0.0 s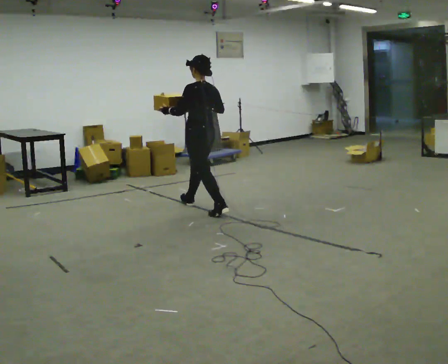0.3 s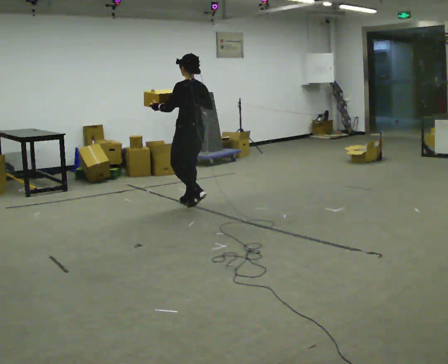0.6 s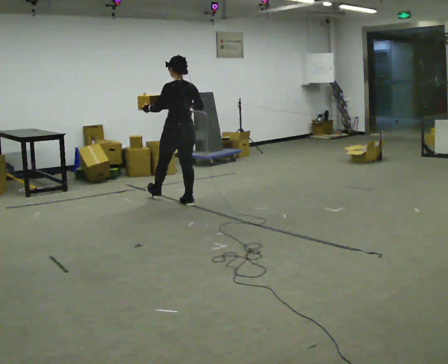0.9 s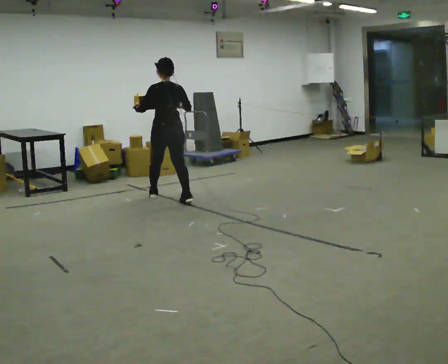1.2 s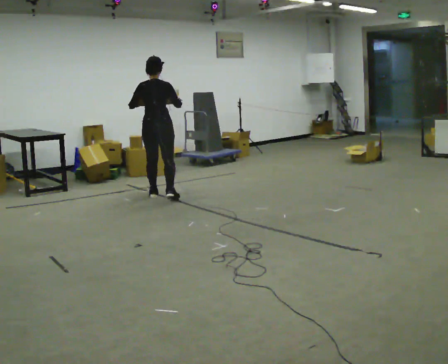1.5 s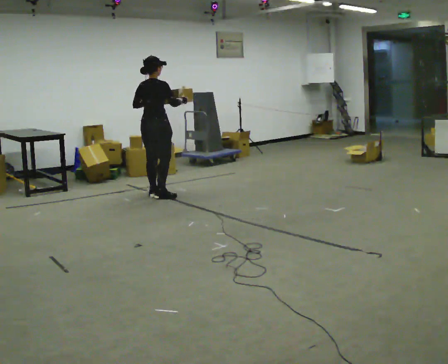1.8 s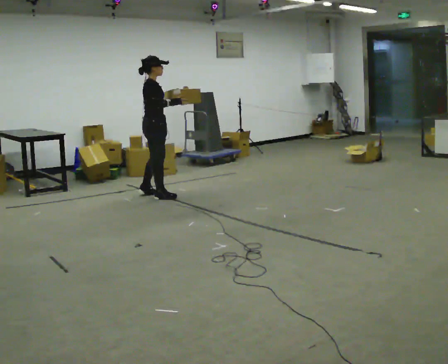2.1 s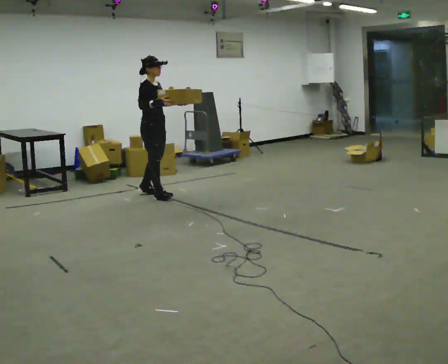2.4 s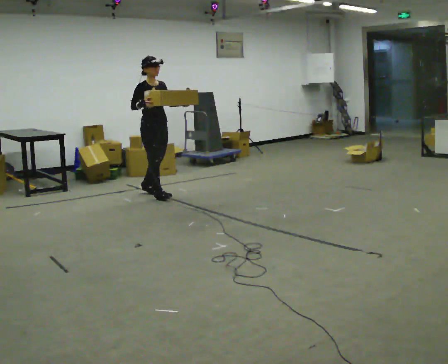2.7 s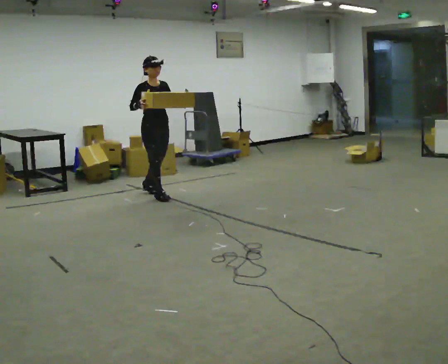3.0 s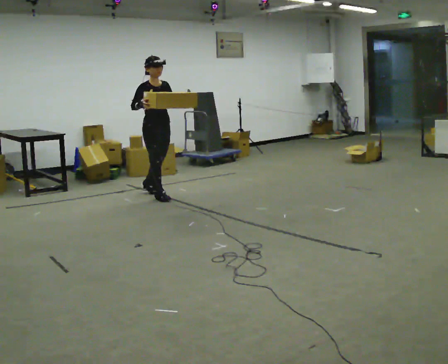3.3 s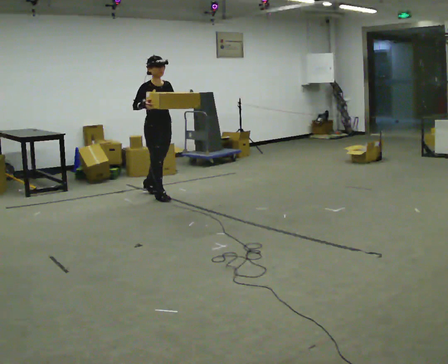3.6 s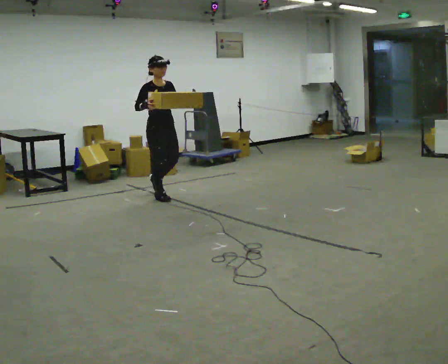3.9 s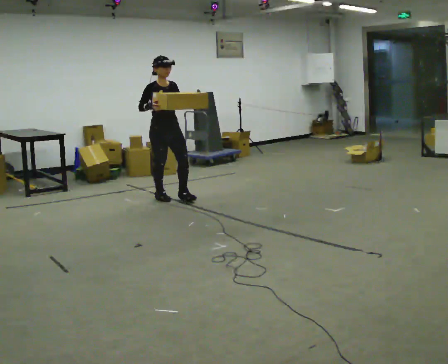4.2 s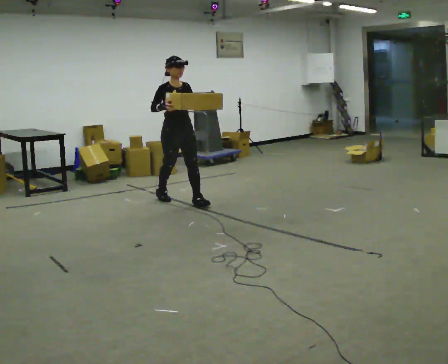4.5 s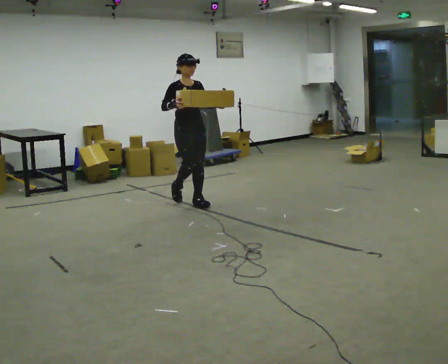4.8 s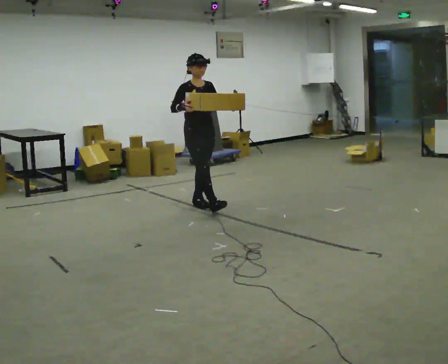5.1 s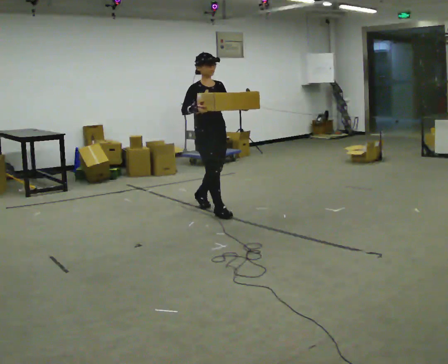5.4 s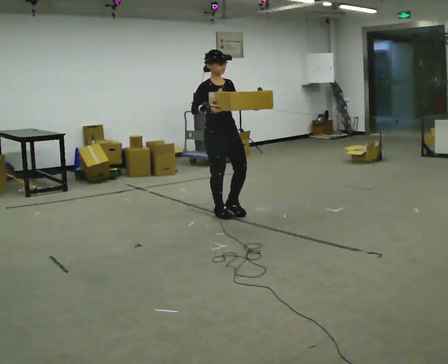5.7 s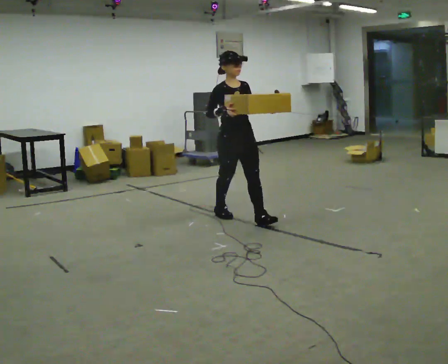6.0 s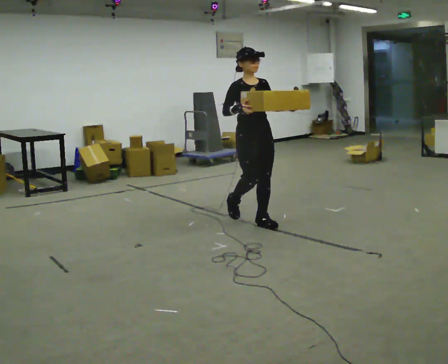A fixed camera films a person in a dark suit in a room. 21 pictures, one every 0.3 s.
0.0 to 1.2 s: Seen from above the body turns clockwise, about 60 degrees: to their right, with its near side sliding to the left. In the picture they go away from the camera and to the left, about 1 m in 1 step, which for them is forward.
1.2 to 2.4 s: The part of the body nearest the lens slides to the left as the person turns to their right by about 135 degrees. In the picture their left hand goes to the right.
2.4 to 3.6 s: The person moves a little, or ends about where they began.
3.6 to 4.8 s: In the picture they go toward the camera and to the right, about 0.5 m in 1 step, which for them is forward and to their left.
4.8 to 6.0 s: In the picture they go toward the camera and to the right, about 1 m in 2 steps, which for them is forward.
The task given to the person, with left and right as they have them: Carry the medium box in both hands in front of you, walking back and forth across the room. Keep walking until the operator says stop.
The film runs forward here.
